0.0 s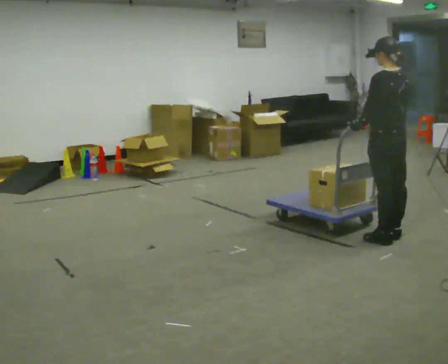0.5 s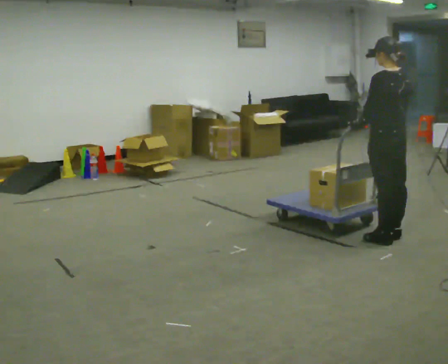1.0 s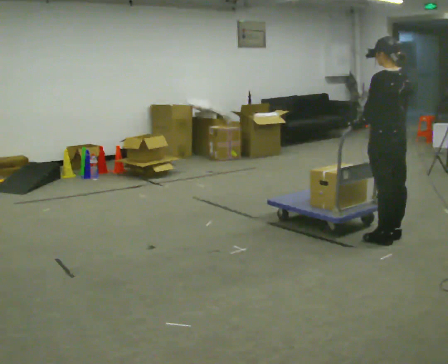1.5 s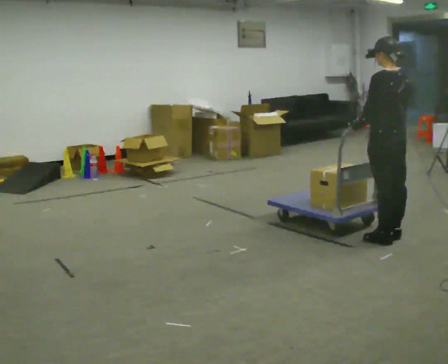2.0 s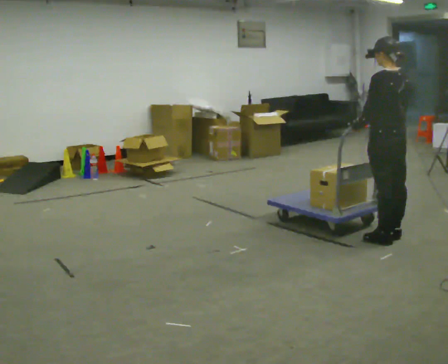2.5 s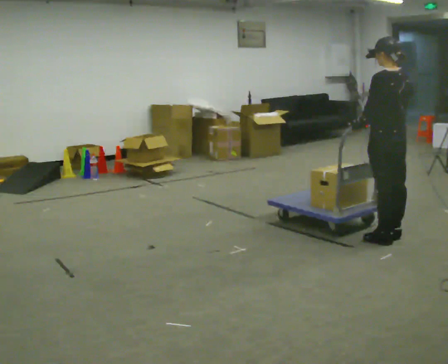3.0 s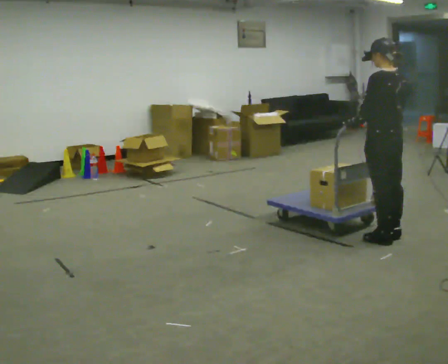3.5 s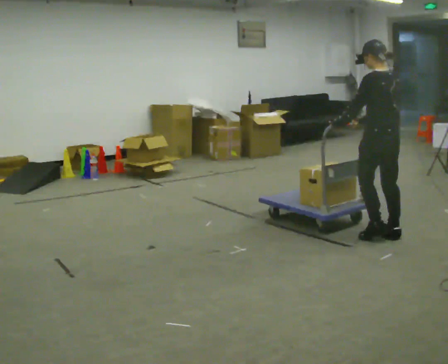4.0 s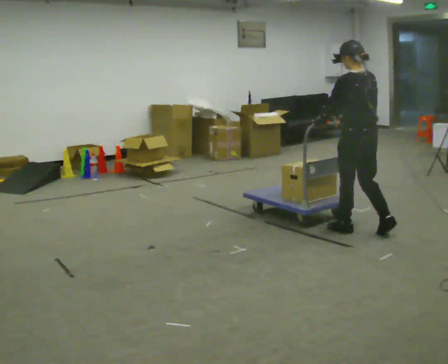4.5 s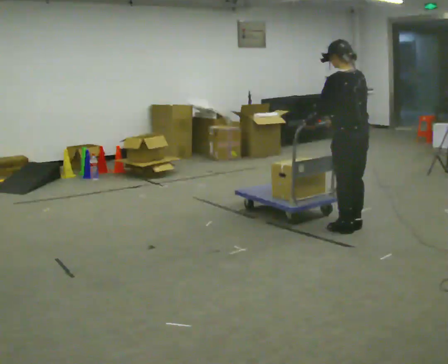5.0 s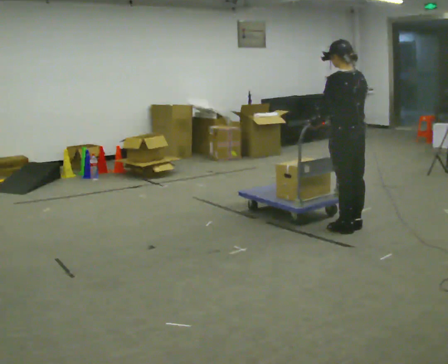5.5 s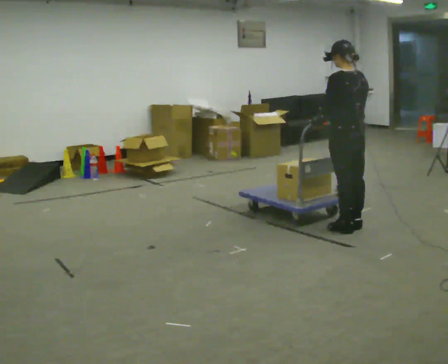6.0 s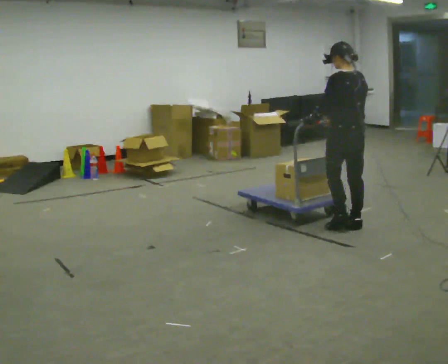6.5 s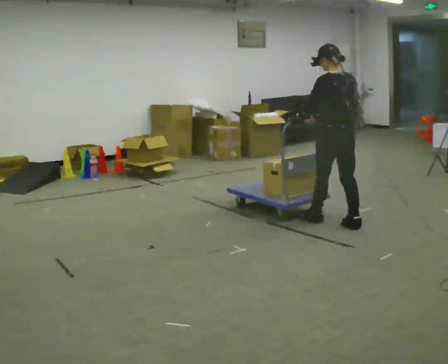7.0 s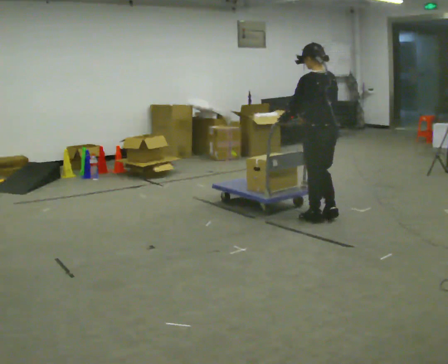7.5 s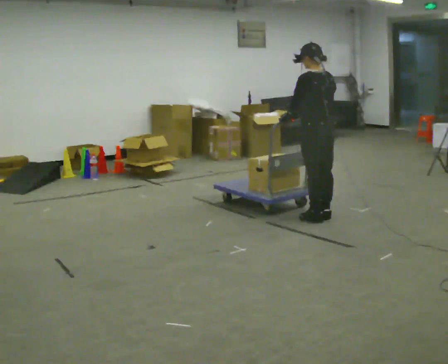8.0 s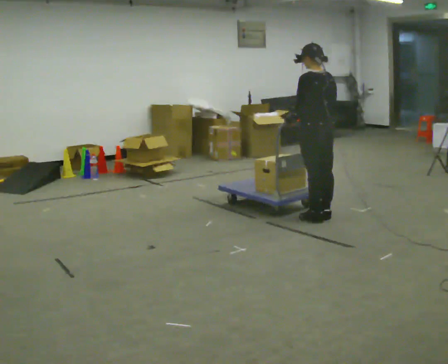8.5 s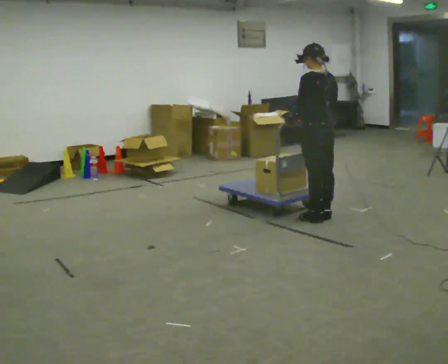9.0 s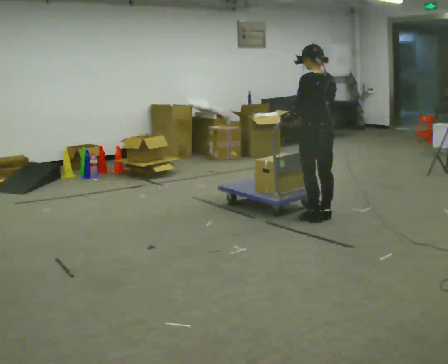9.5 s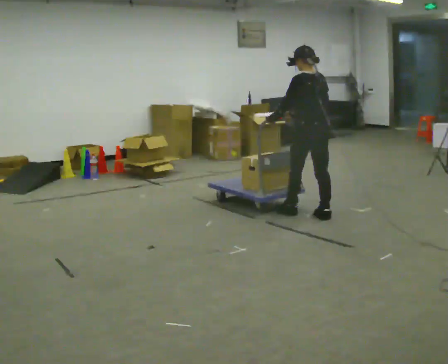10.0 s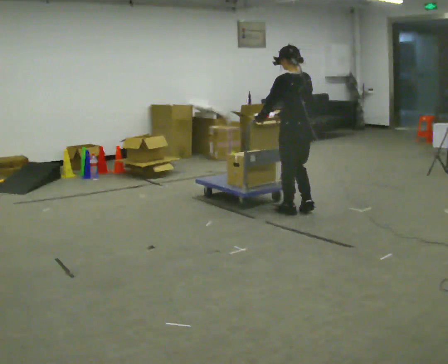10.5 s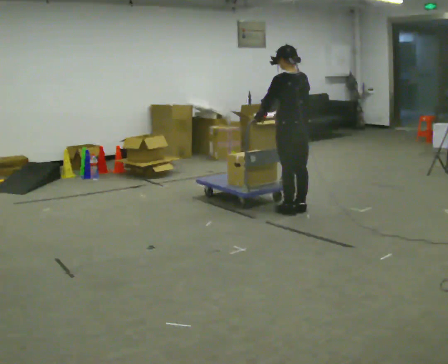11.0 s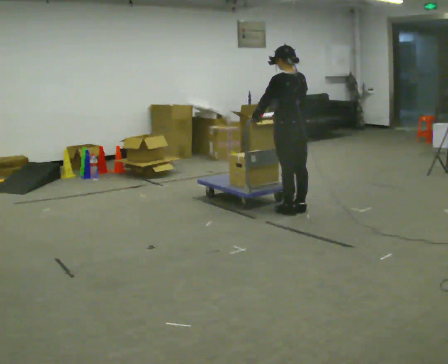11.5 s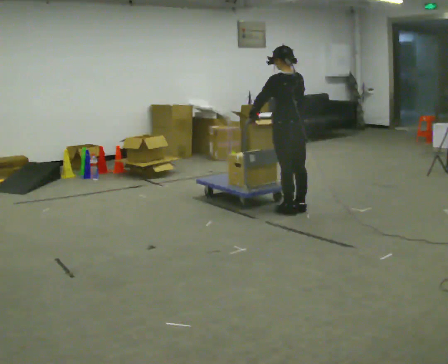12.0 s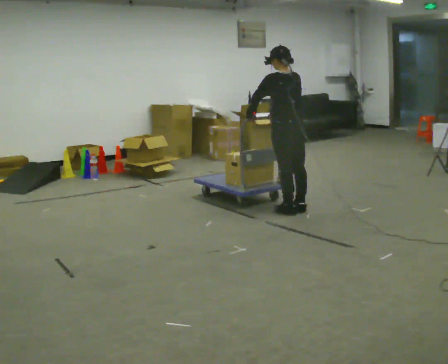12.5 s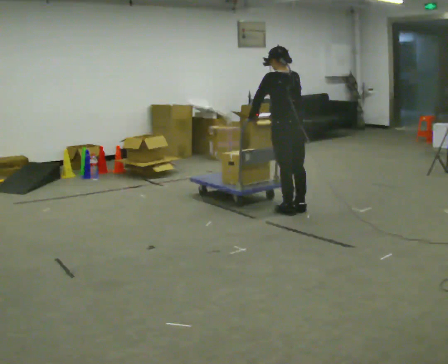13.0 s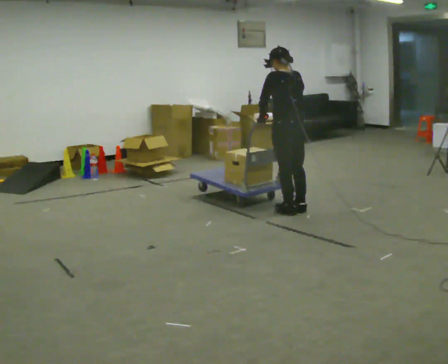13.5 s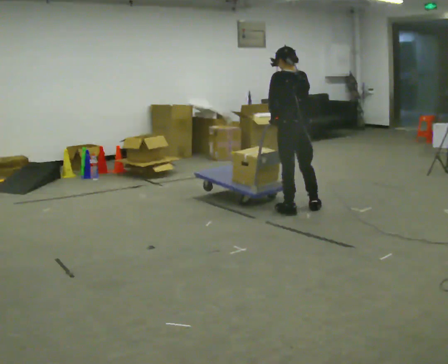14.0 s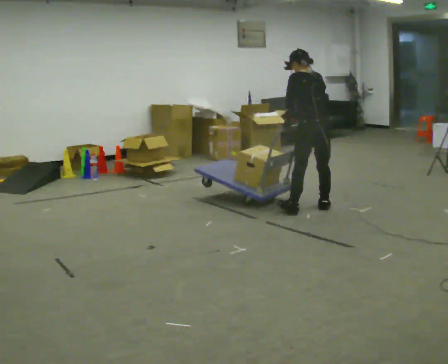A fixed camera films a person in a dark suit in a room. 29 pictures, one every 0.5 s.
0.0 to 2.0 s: The person keeps their place and pose.
2.0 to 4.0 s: In the picture they go to the left and away from the camera, about 0.25 m in 1 step, which for them is forward.
4.0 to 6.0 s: In the picture they go away from the camera, about 0.25 m in 1 step, which for them is forward.
6.0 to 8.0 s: In the picture they go to the left and away from the camera, about 0.25 m in 2 steps, which for them is forward.
8.0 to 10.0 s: In the picture they go to the left, about 0.25 m in 1 step, which for them is forward.
10.0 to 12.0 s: The person moves a little, or ends about where they began.
12.0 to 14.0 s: In the picture they go to the right, about 0.25 m in 1 step, which for them is to their right.
The film runs forward here.
